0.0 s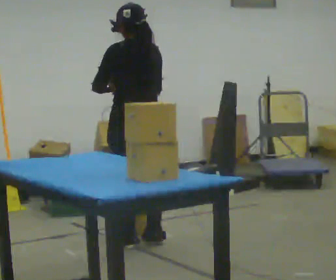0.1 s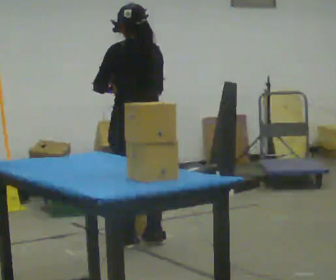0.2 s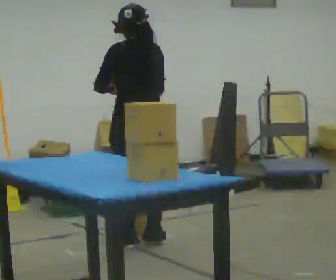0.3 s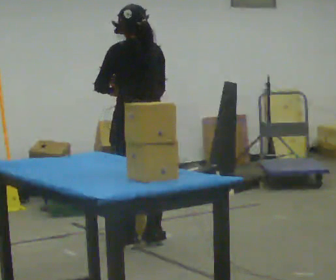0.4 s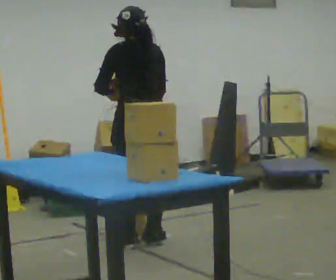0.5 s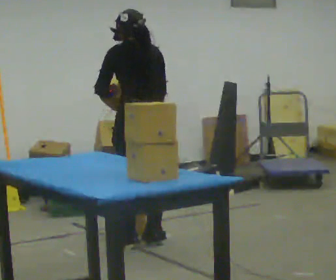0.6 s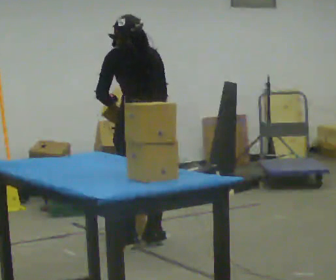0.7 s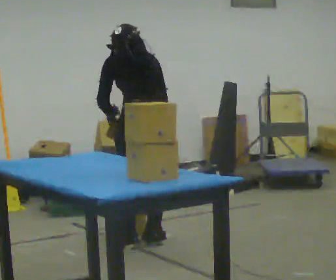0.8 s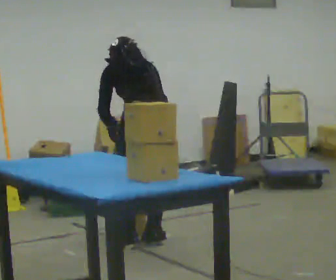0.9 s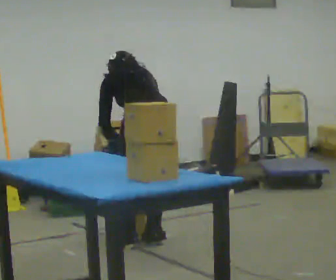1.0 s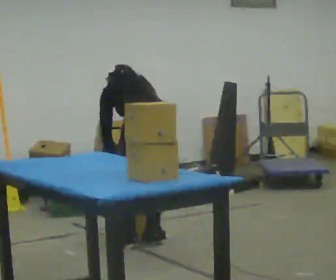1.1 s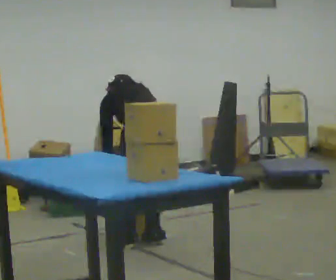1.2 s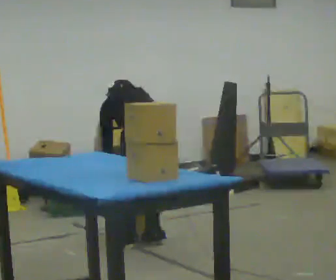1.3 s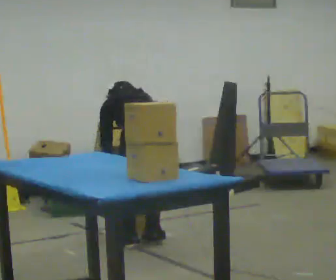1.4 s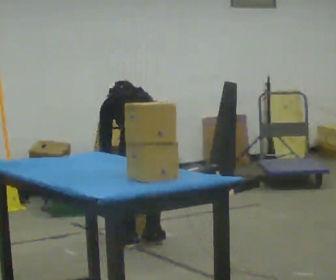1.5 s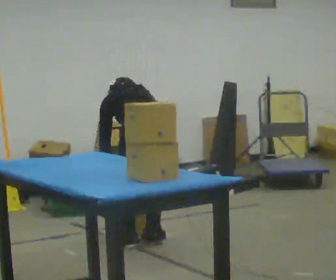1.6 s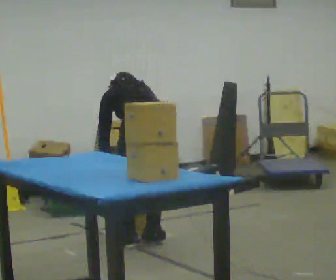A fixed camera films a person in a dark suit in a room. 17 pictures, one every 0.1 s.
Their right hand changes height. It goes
downward.
The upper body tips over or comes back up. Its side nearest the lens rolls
upward.
0.0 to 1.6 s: The shoulders move downward. The upper body tips away from the camera, its near side rolling upward, as they bend forward. In the picture their right hand goes downward.
The film runs backward here.
